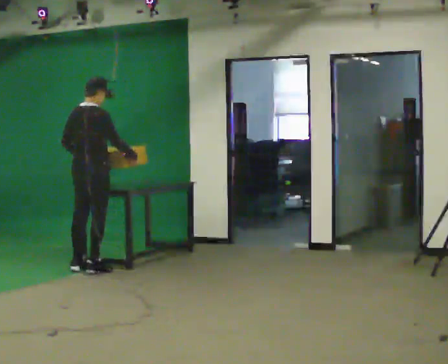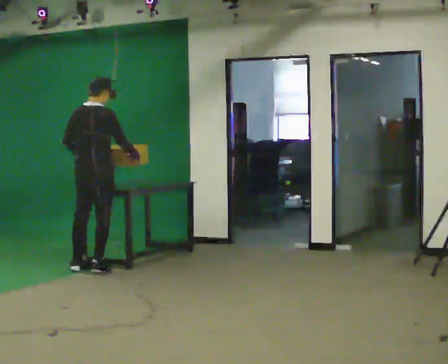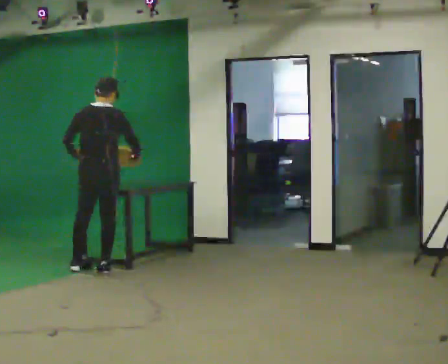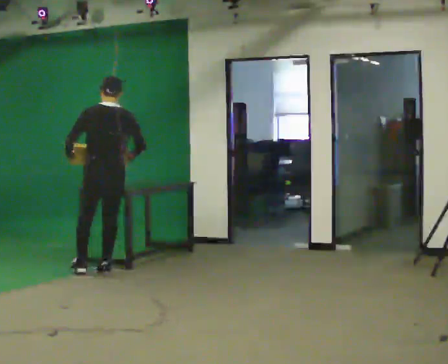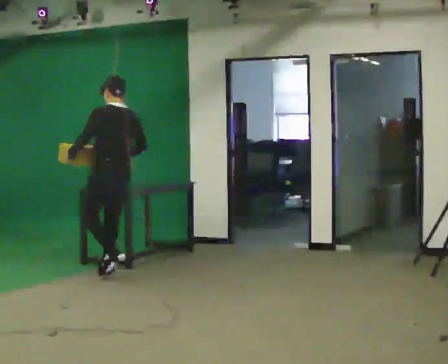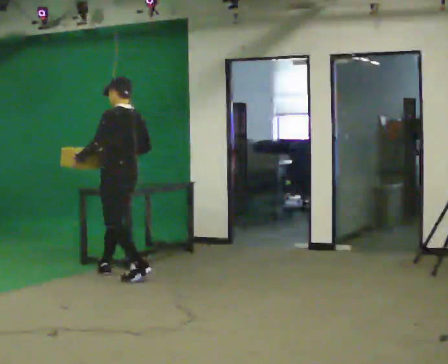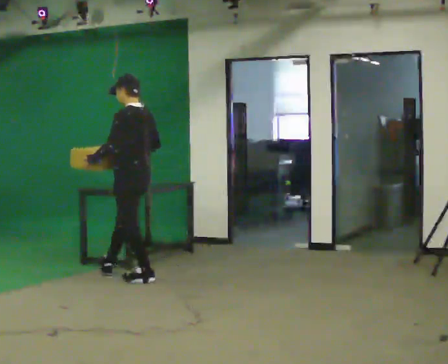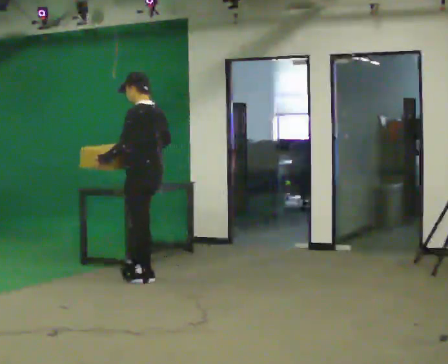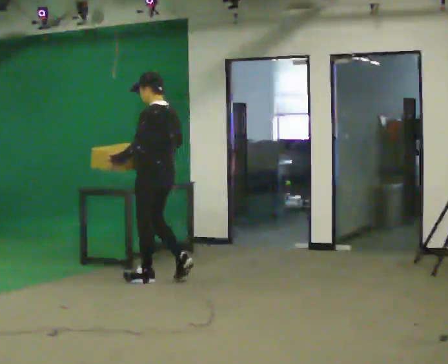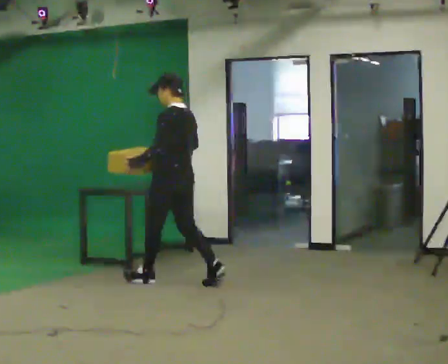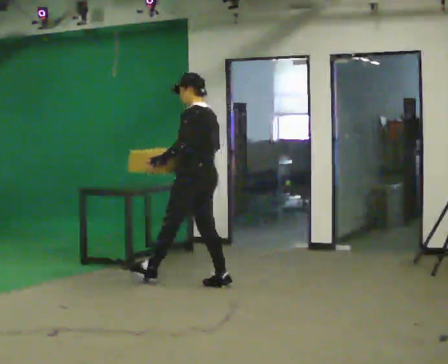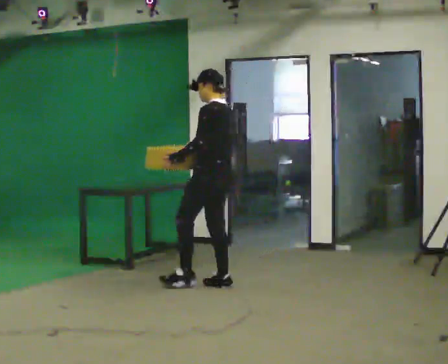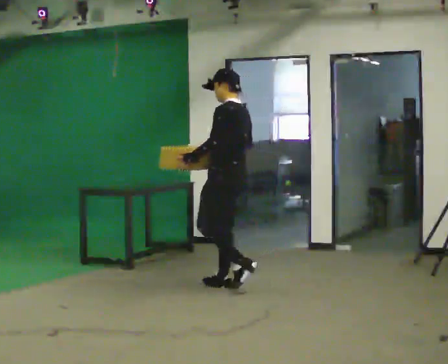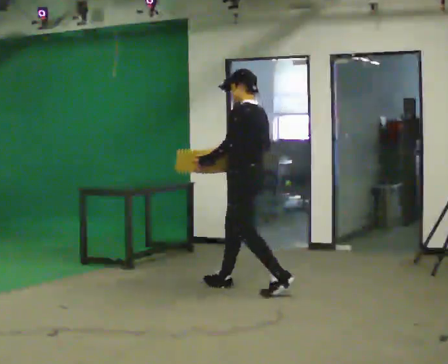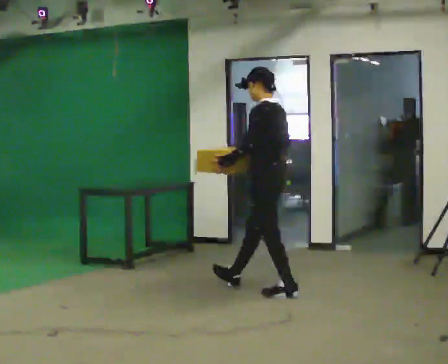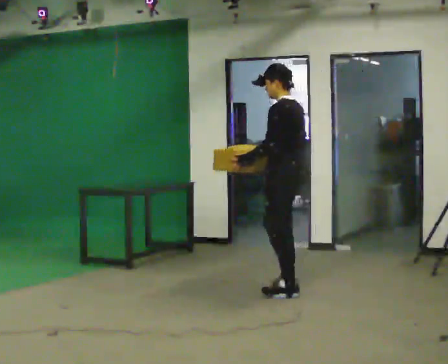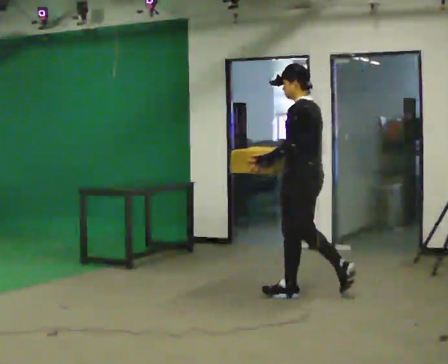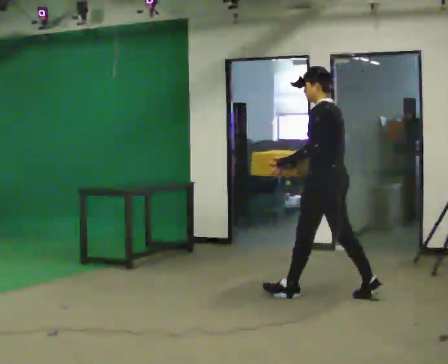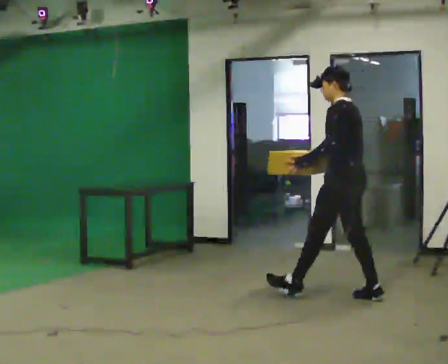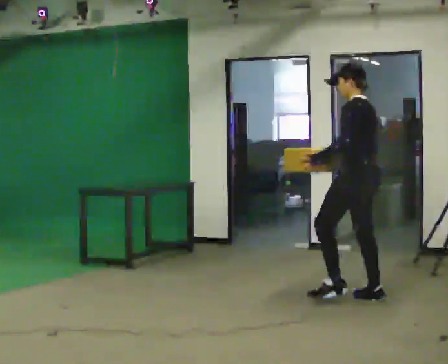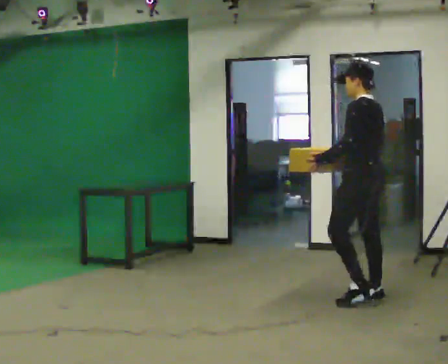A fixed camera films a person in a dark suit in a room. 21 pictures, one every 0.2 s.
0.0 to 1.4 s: The person turns about 105 degrees to their left, counterclockwise seen from above, so the part of the body nearest the lens slides to the right. In the picture they go to the right and toward the camera, about 0.75 m in 2 steps.
1.4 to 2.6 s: In the picture they go to the right and toward the camera, about 1 m in 1 step, which for them is backward.
2.6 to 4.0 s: In the picture they go to the right and toward the camera, about 1 m in 2 steps, which for them is backward.
The film runs backward here.
